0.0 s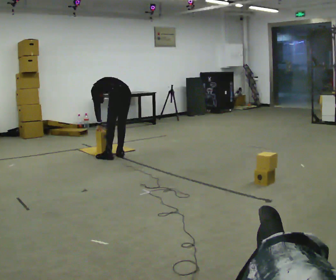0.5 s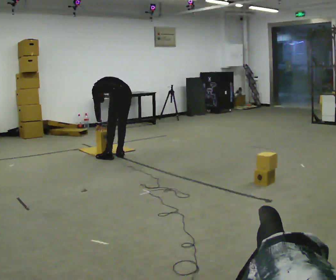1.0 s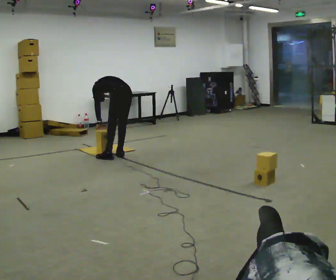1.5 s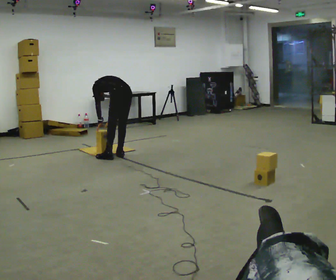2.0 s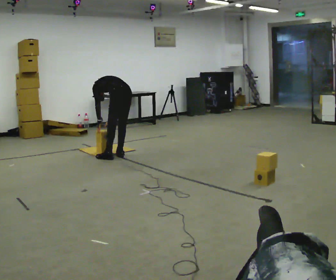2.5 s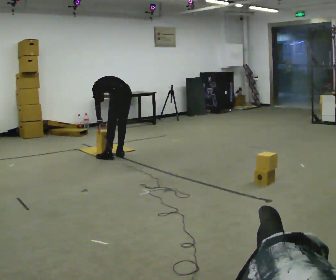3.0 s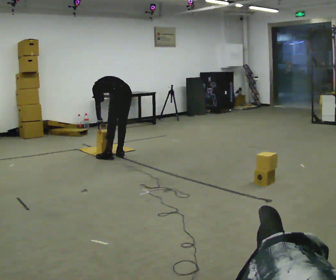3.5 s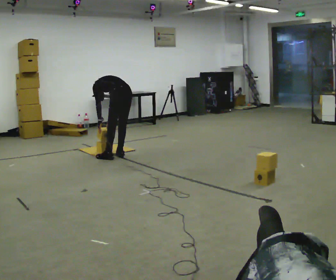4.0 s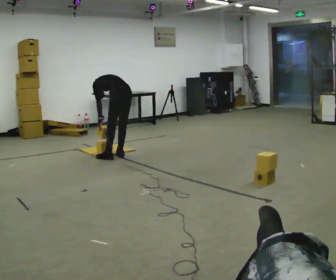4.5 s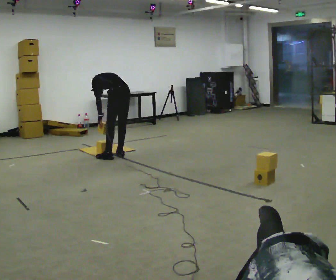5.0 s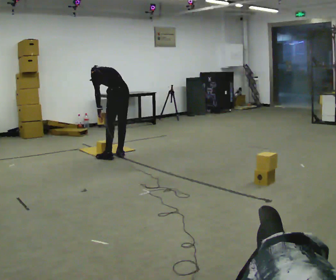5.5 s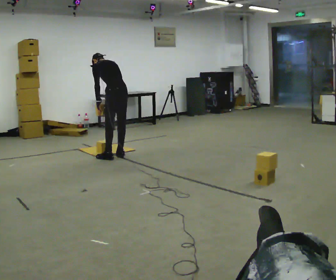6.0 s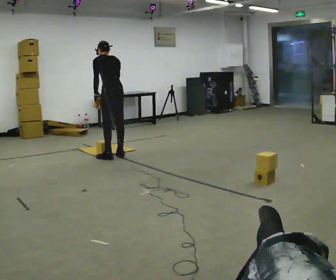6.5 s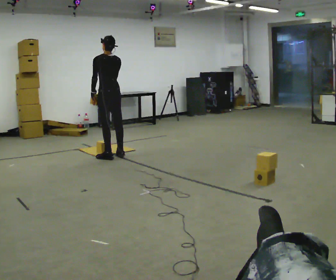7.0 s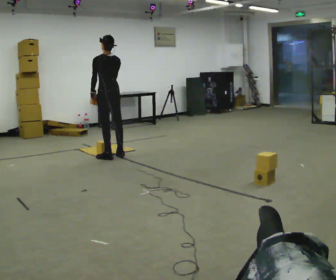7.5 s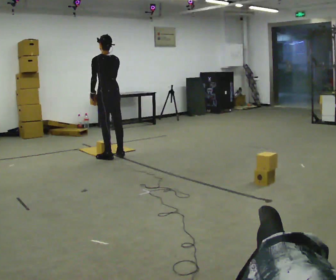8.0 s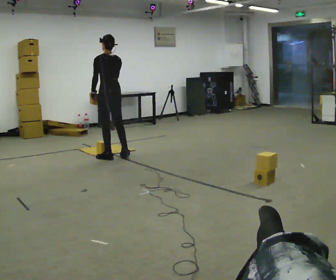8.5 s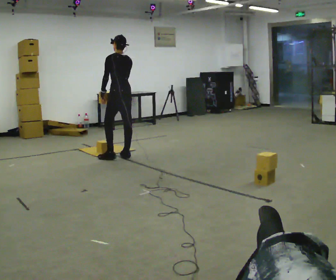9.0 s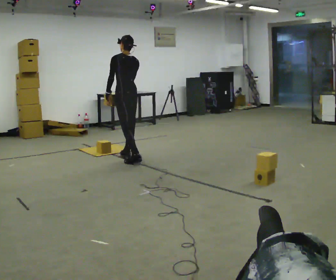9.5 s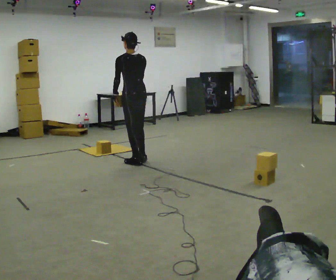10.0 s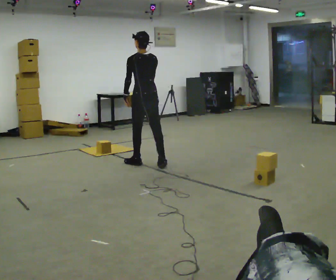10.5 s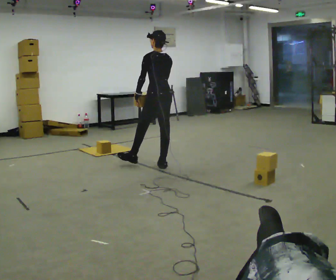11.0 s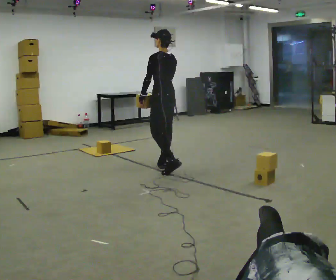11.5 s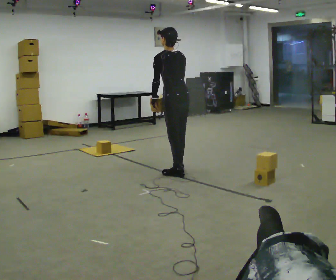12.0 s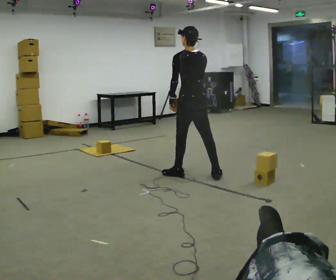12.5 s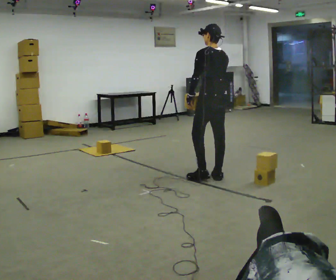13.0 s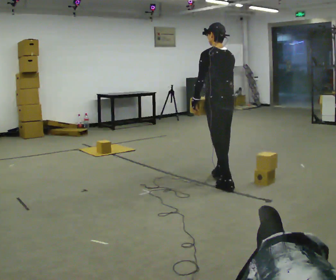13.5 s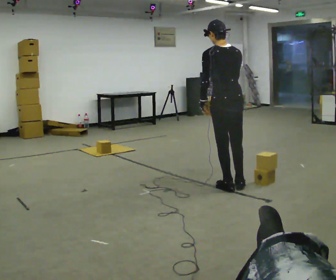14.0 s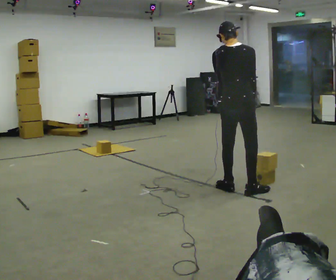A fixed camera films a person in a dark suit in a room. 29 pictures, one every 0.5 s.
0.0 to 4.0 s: The person moves a little, or ends about where they began.
4.0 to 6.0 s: The upper body goes upward. The upper body tips toward the camera, its near side rolling downward, as they lean back or straighten. In the picture their right hand goes upward.
6.0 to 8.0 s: The person moves a little, or ends about where they began.
8.0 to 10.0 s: In the picture they go toward the camera and to the right, about 0.5 m in 2 steps, which for them is backward.
10.0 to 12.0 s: In the picture they go toward the camera and to the right, about 1 m in 2 steps, which for them is backward.
12.0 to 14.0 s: The person turns about 45 degrees to their right, clockwise seen from above, so the part of the body nearest the lens slides to the left. In the picture they go toward the camera, about 0.5 m in 2 steps, which for them is backward.
The film runs backward here.
